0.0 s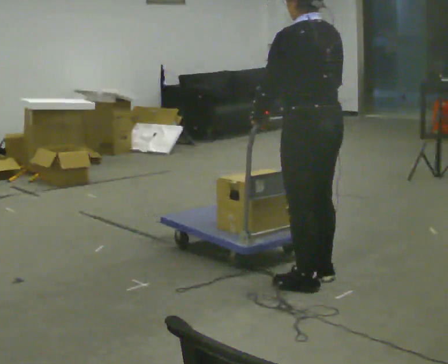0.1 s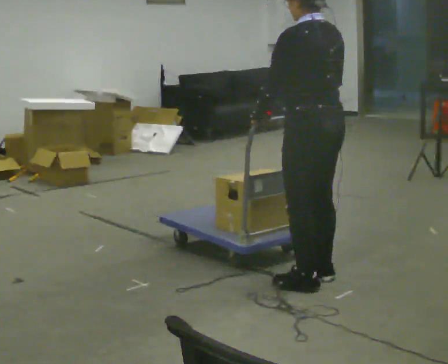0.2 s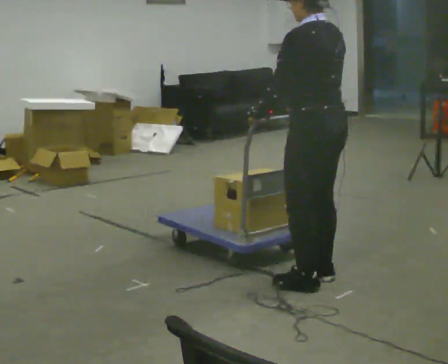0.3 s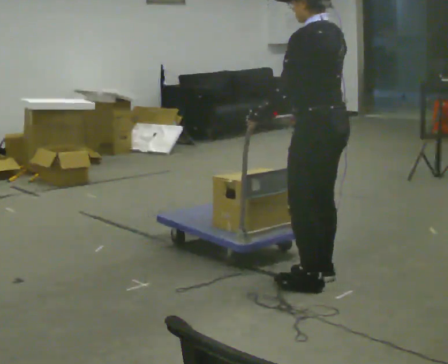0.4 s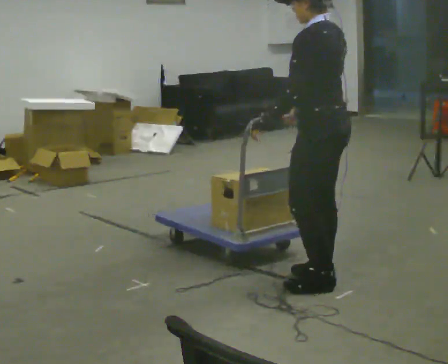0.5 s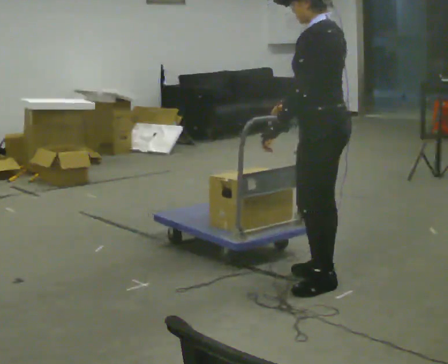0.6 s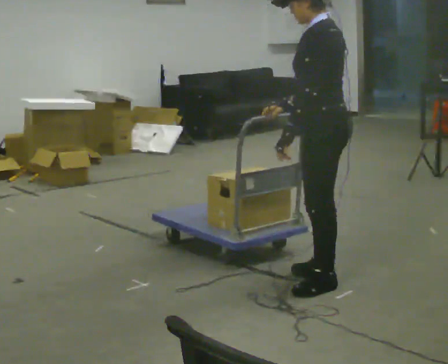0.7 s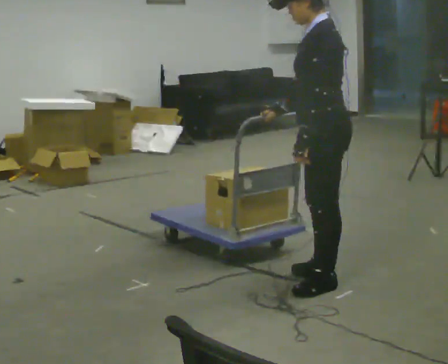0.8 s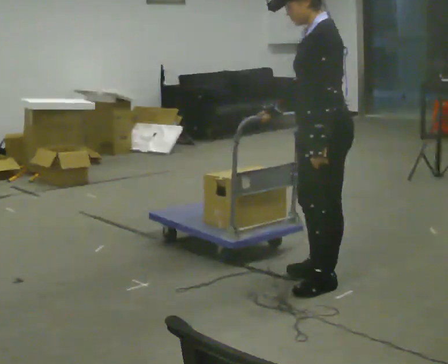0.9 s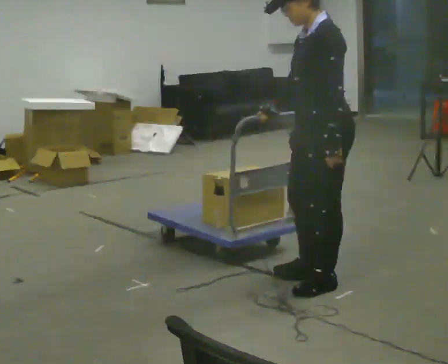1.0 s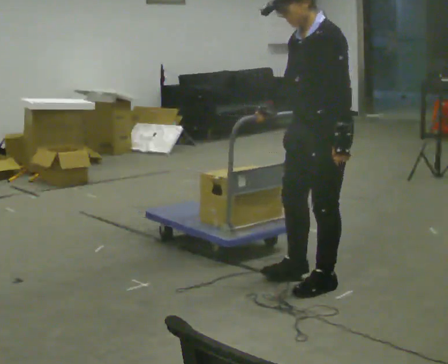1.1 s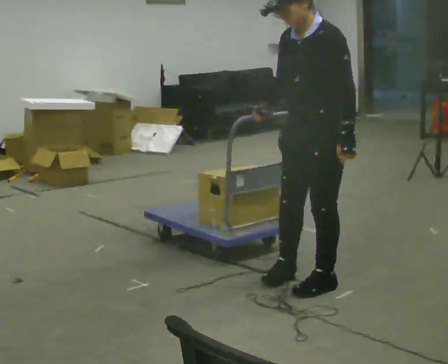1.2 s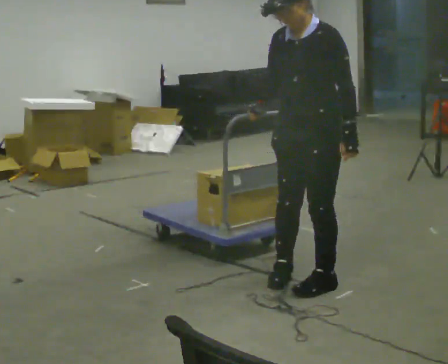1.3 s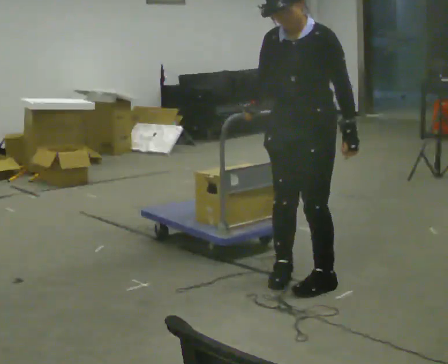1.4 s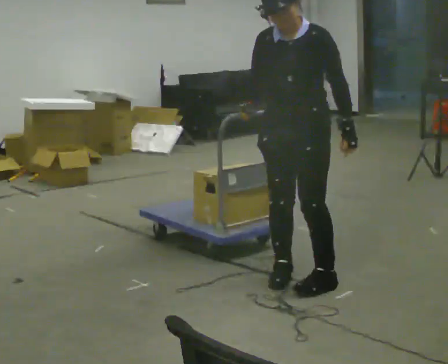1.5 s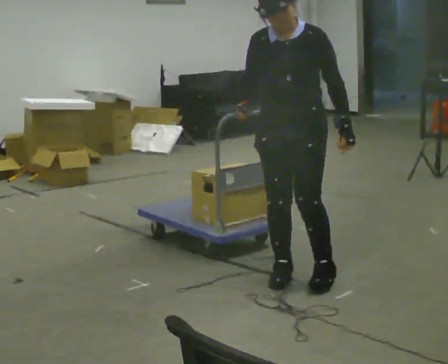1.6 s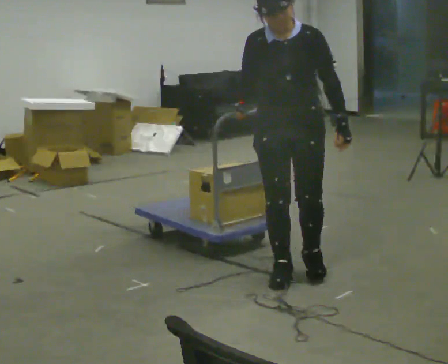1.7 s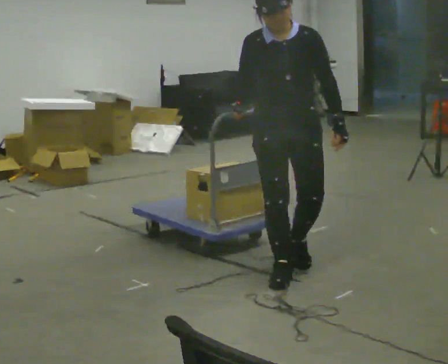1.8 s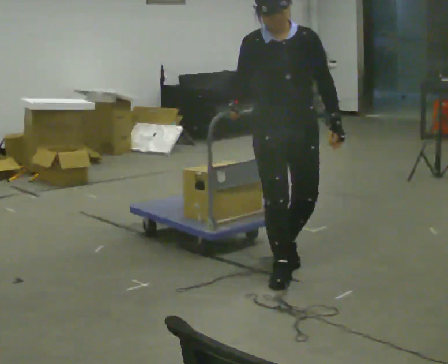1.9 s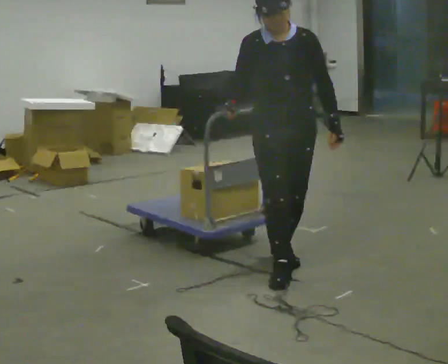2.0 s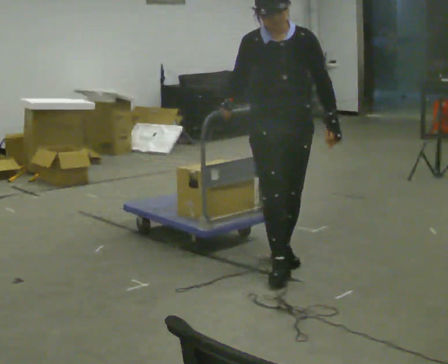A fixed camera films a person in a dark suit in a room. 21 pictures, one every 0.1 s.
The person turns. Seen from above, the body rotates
counterclockwise.
Their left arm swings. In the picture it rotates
counterclockwise.
0.0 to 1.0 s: The person turns about 60 degrees to their left, counterclockwise seen from above, so the part of the body nearest the lens slides to the right. In the picture their left hand goes to the right, the arm swinging counterclockwise.
1.0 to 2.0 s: The person turns about 75 degrees to their left, counterclockwise seen from above, so the part of the body nearest the lens slides to the right. In the picture they go to the left and away from the camera, about 0.25 m in 1 step.
The film runs backward here.
